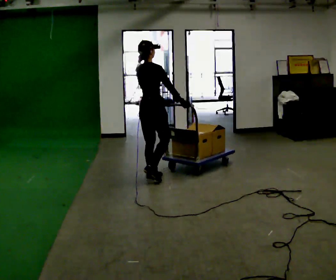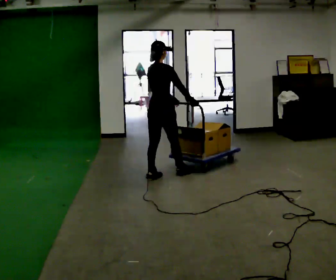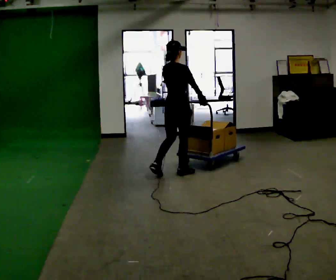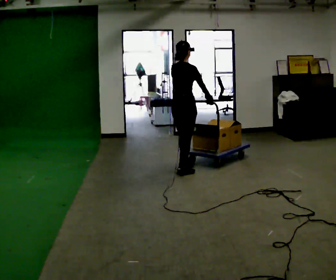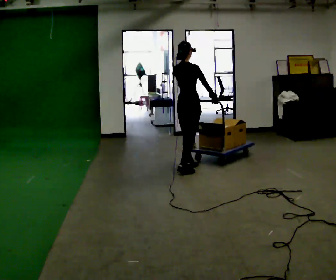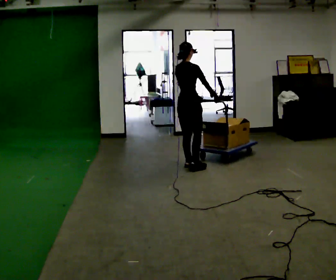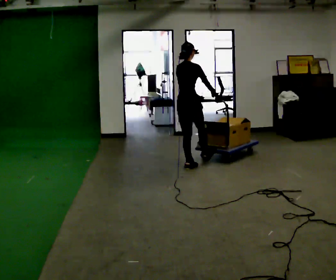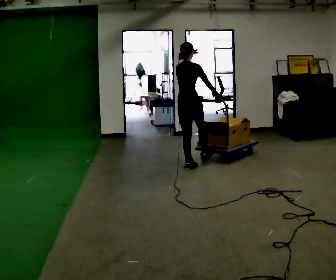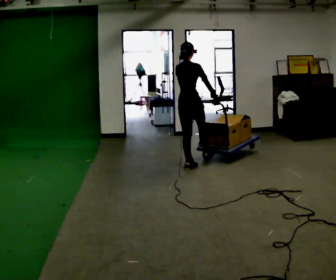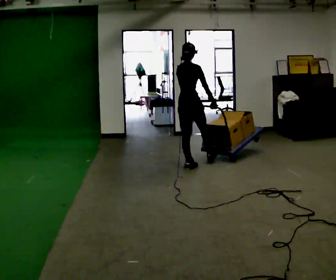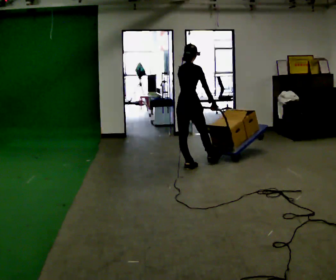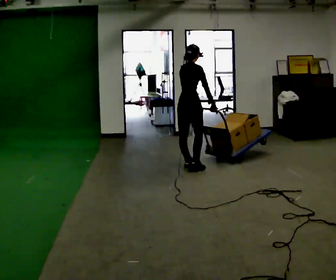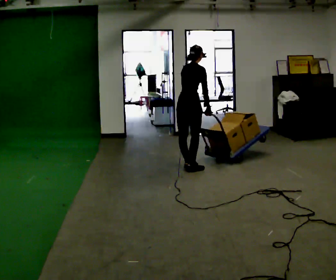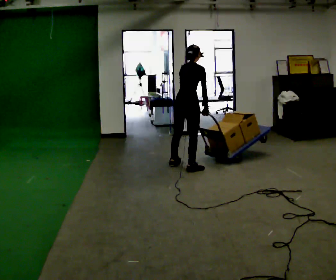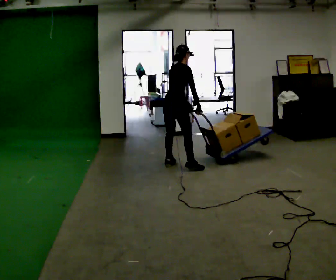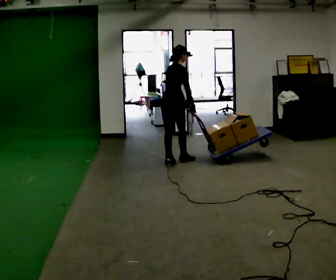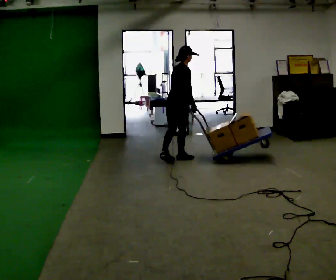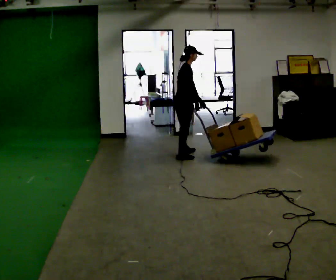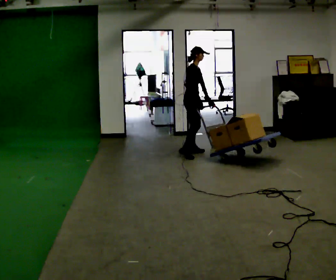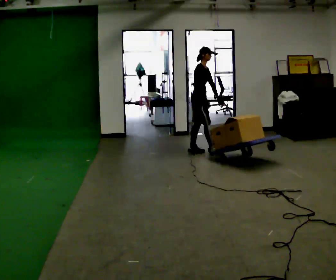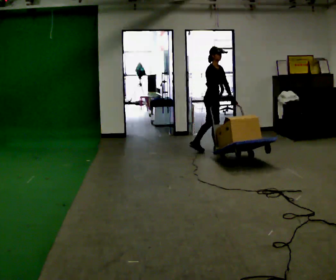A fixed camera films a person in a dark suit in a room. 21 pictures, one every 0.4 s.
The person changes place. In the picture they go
away from the camera.
0.0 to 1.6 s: In the picture they go away from the camera and to the right, about 0.5 m in 2 steps, which for them is forward.
1.6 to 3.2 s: The person moves a little, or ends about where they began.
3.2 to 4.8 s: In the picture the upper body tilts clockwise, shoulders to the right, as they bend forward.
4.8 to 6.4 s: In the picture they go away from the camera, about 0.5 m in 2 steps, which for them is to their left and forward.
6.4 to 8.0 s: The part of the body nearest the lens slides to the left as the person turns to their right by about 60 degrees. In the picture they go away from the camera and to the right, about 0.5 m in 2 steps, which for them is to their left and forward.
The film runs forward here.
